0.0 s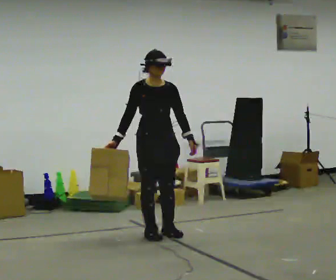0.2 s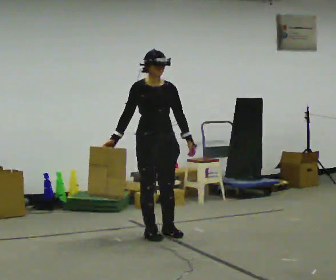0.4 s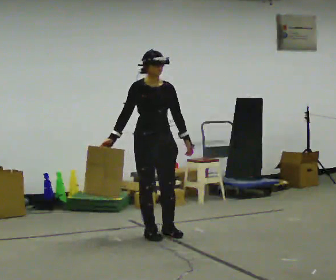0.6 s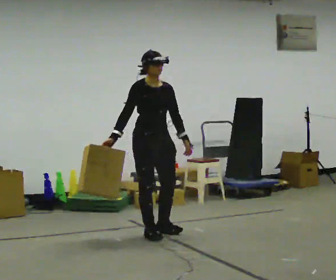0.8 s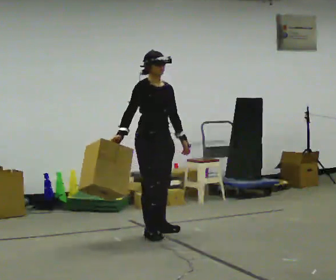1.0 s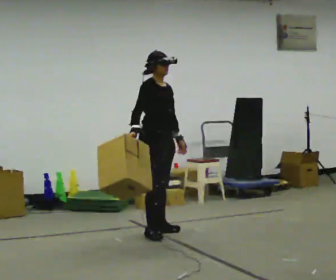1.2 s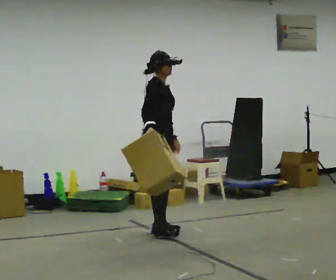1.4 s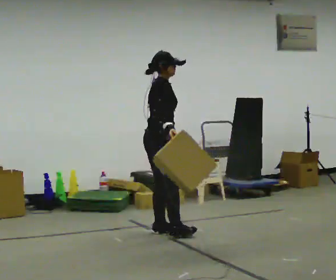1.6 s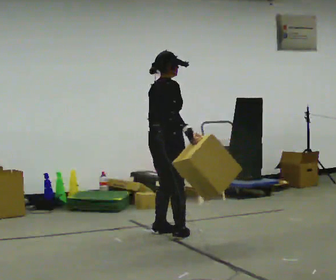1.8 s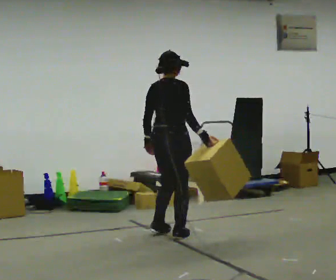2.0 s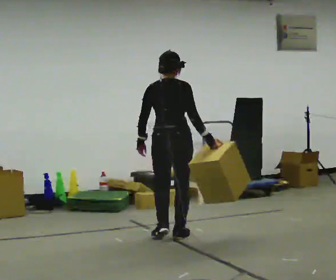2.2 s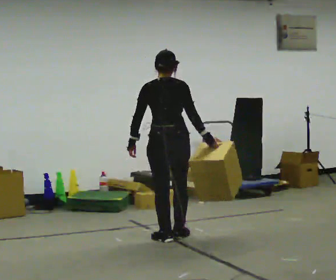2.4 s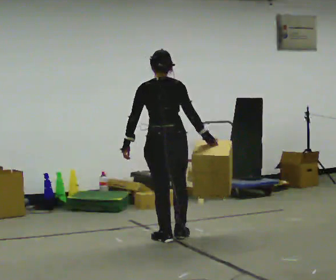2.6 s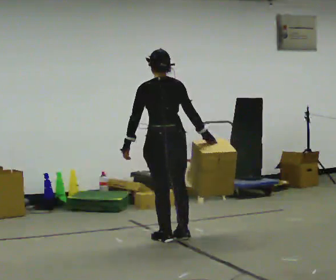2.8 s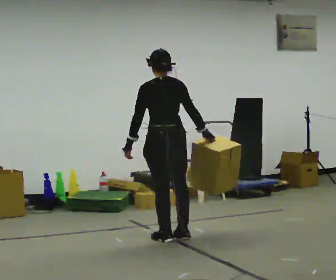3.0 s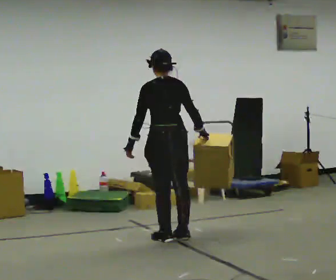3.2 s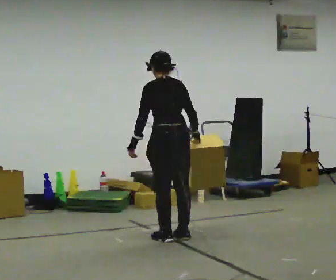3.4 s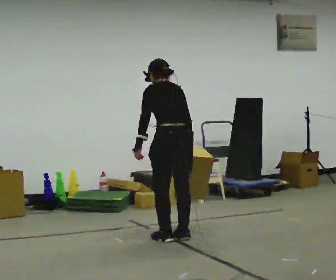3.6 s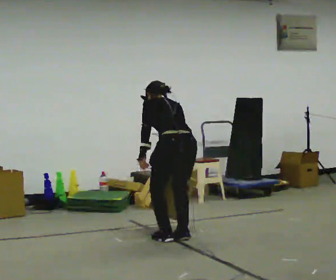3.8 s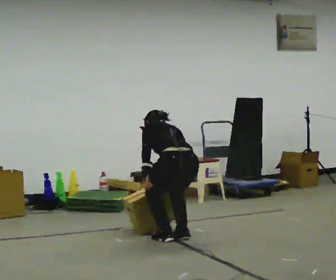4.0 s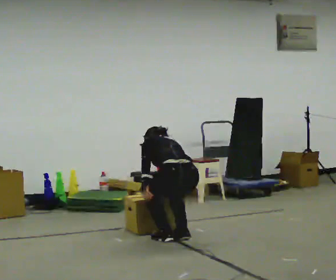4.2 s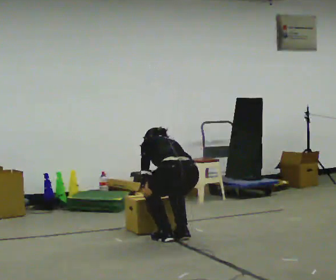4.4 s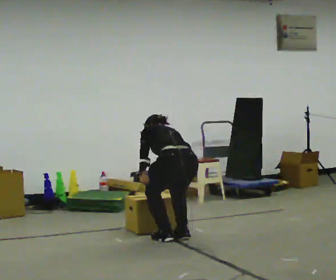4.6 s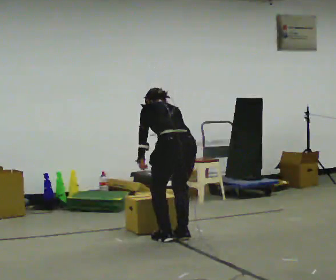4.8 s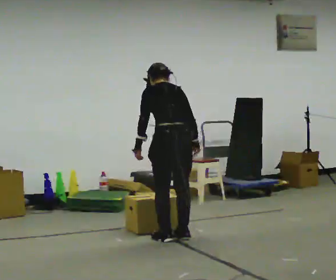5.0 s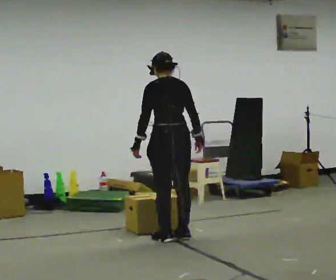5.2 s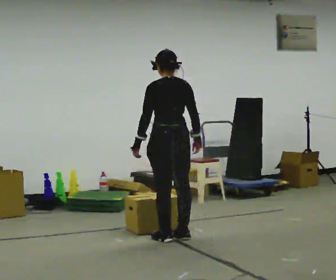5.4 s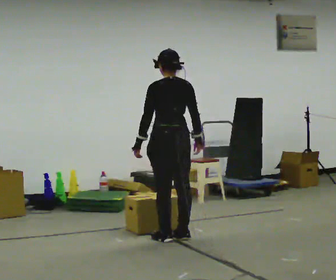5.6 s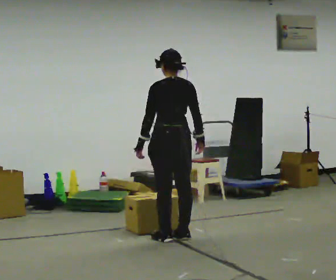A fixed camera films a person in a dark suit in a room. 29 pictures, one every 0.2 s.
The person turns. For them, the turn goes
to their left.
The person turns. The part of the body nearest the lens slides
to the right.
0.0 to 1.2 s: Seen from above the body turns counterclockwise, about 45 degrees: to their left, with its near side sliding to the right. In the picture they go away from the camera, about 0.25 m in 1 step, which for them is backward.
1.2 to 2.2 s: The person turns about 105 degrees to their left, counterclockwise seen from above, so the part of the body nearest the lens slides to the right. In the picture they go toward the camera, about 0.25 m in 1 step. In the picture their right hand goes to the right, the arm swinging counterclockwise.
2.2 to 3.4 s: Seen from above the body turns counterclockwise, about 30 degrees: to their left, with its near side sliding to the right.
3.4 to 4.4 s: The upper body goes downward. The upper body tips away from the camera, its near side rolling upward, as they bend forward.
4.4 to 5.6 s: In the picture they go away from the camera, about 0.25 m, which for them is forward. The shoulders move upward. The upper body tips toward the camera, its near side rolling downward, as they lean back or straighten.
The film runs backward here.
